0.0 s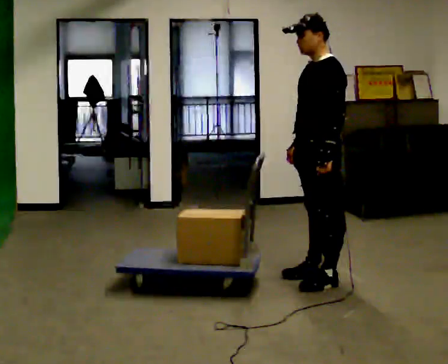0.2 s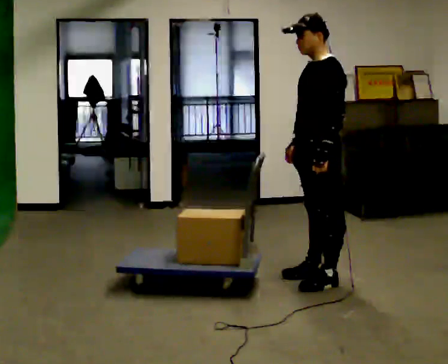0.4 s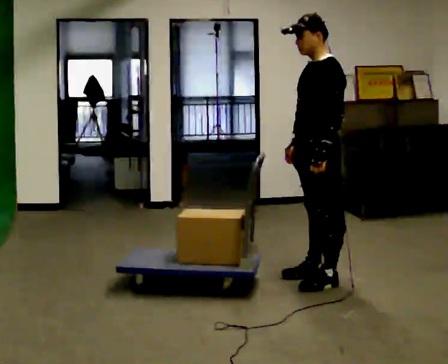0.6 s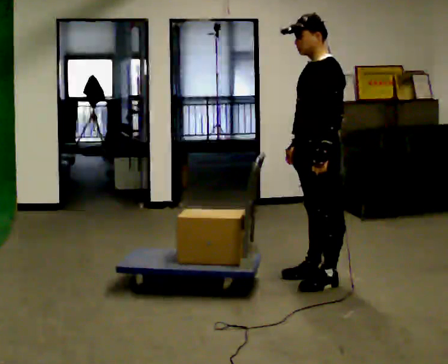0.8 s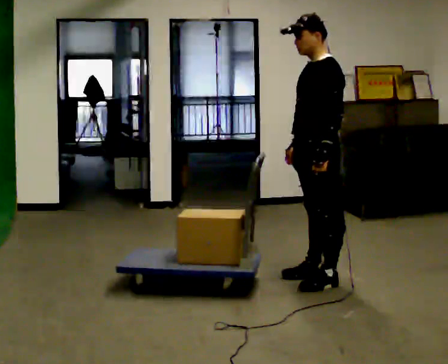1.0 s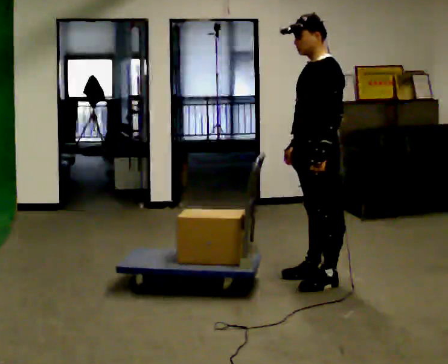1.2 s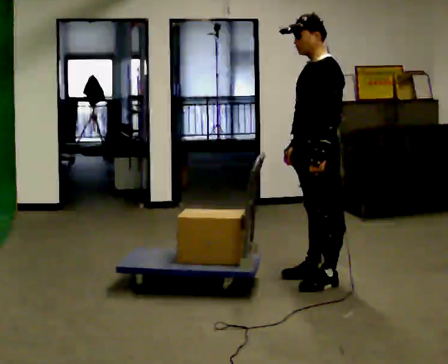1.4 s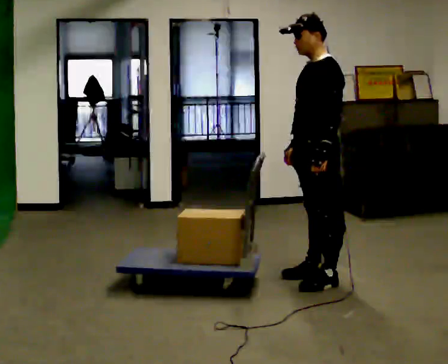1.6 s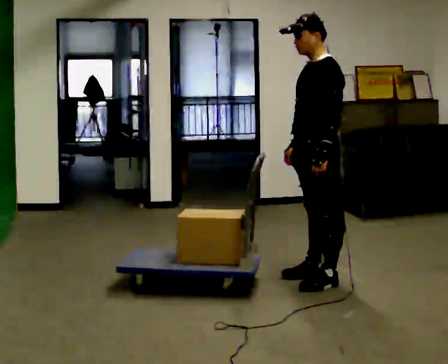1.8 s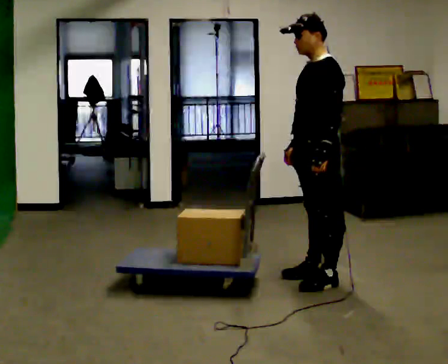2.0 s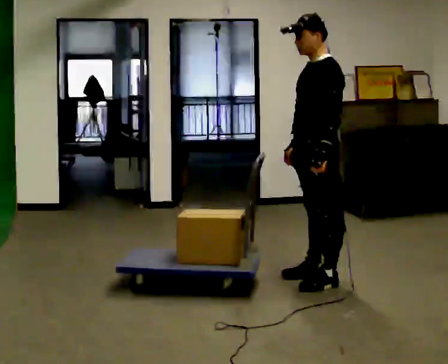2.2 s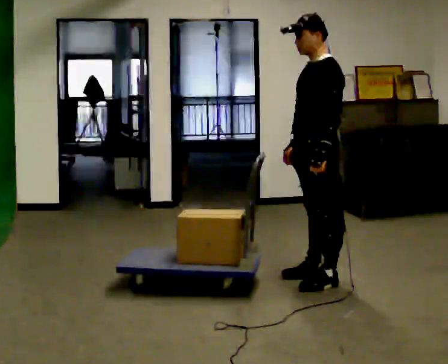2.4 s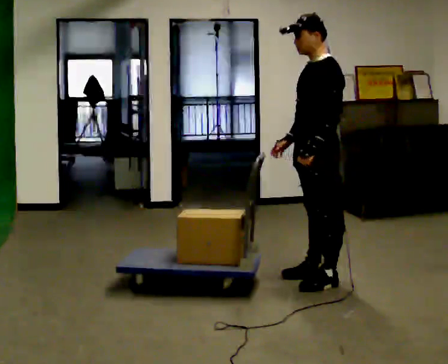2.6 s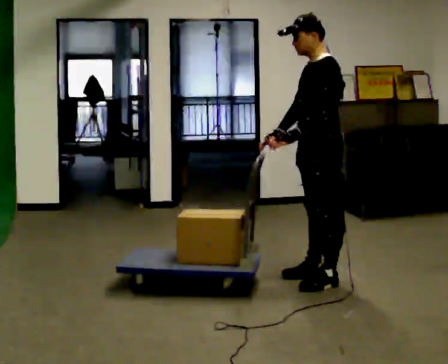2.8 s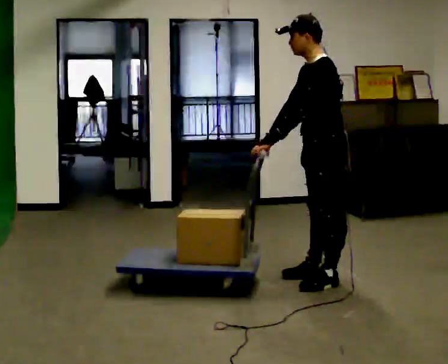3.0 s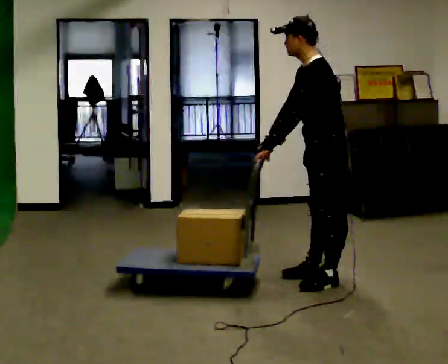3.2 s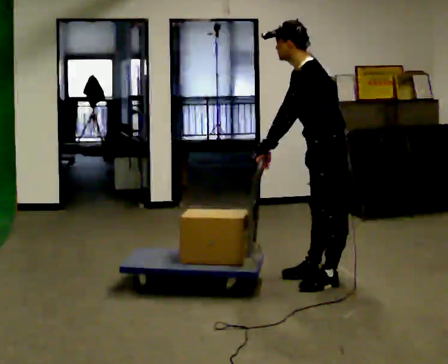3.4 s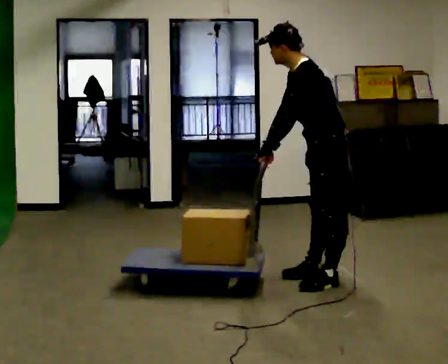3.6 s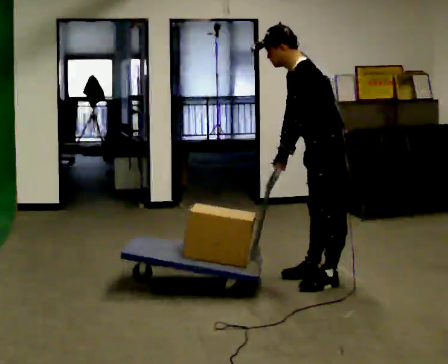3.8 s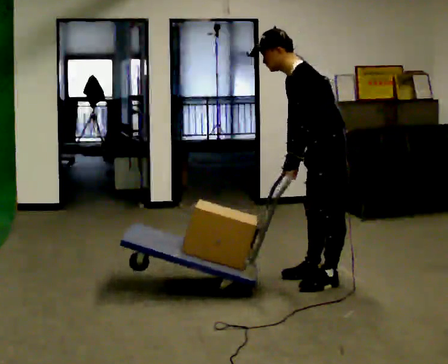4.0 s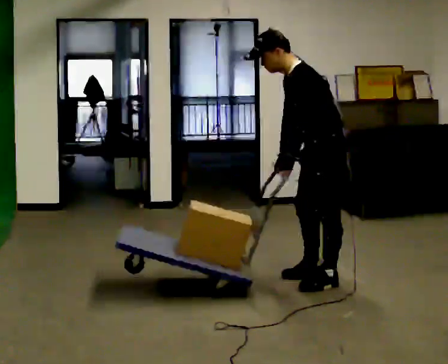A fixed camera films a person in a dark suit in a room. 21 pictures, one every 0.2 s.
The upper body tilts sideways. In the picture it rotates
counterclockwise.
0.0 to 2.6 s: The person moves a little, or ends about where they began.
2.6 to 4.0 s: In the picture the upper body tilts counterclockwise, shoulders to the left, as they bend forward.
The film runs forward here.
